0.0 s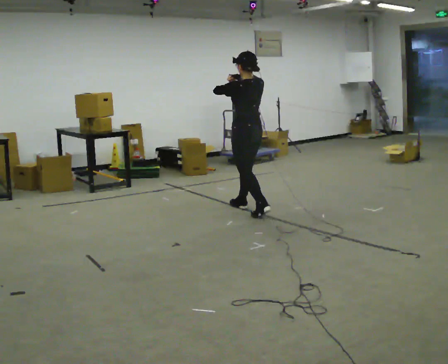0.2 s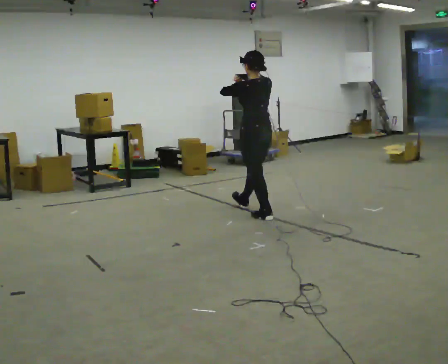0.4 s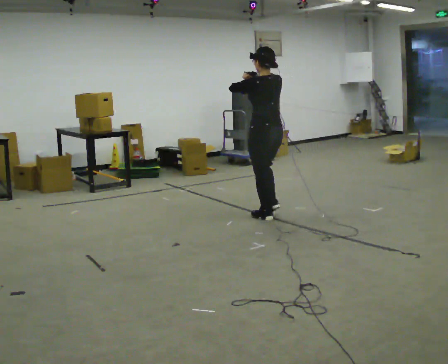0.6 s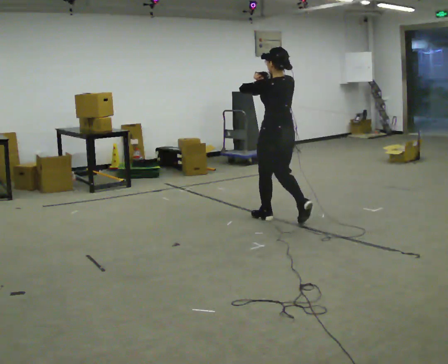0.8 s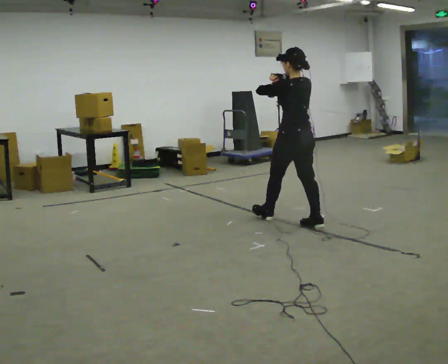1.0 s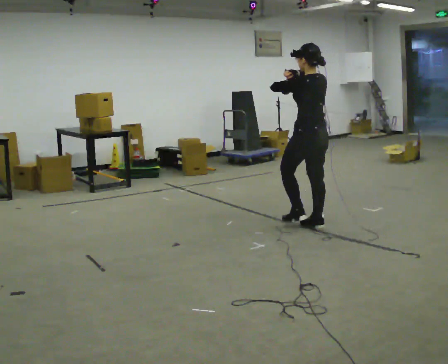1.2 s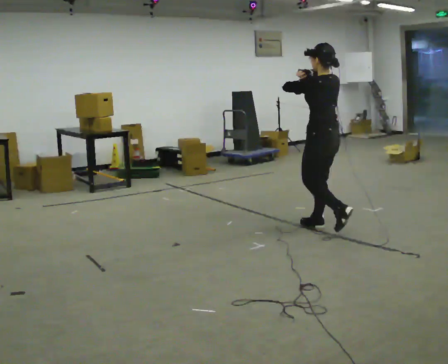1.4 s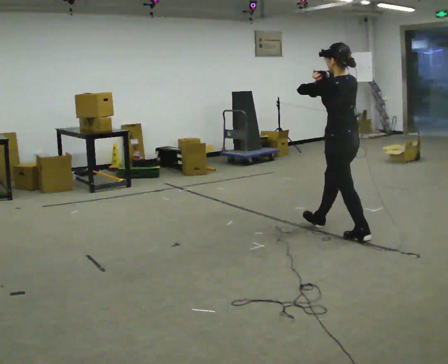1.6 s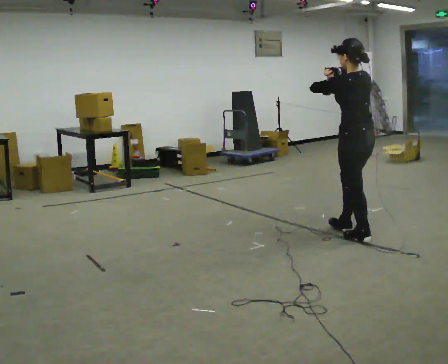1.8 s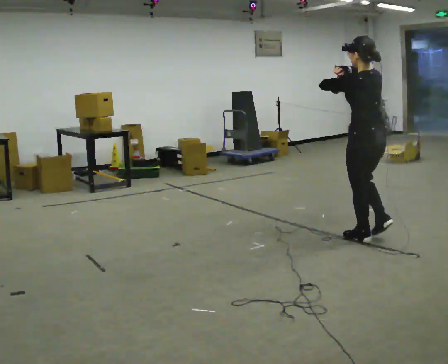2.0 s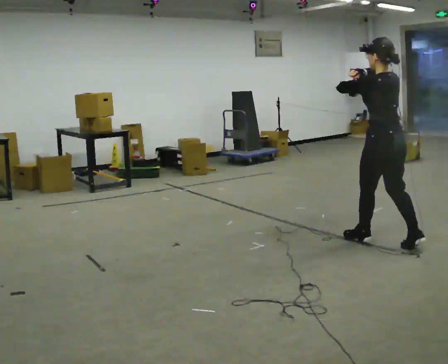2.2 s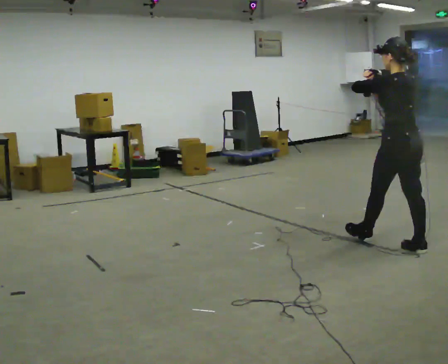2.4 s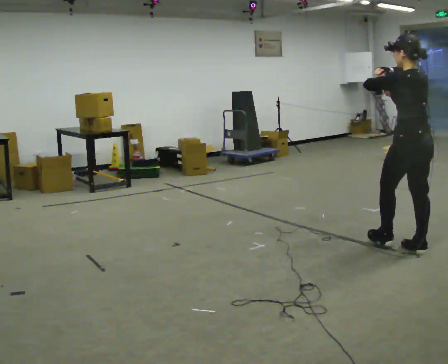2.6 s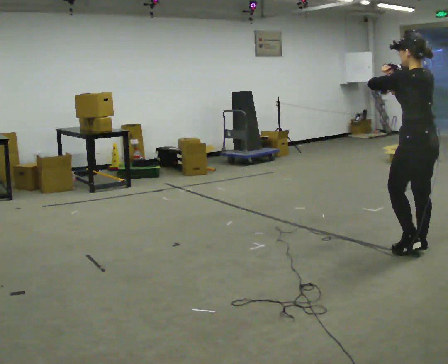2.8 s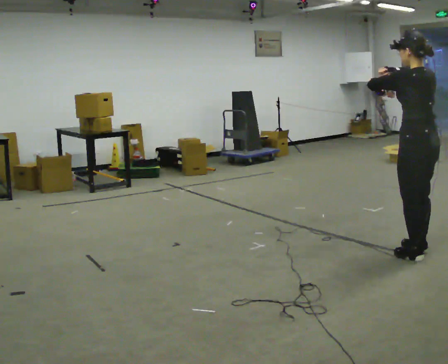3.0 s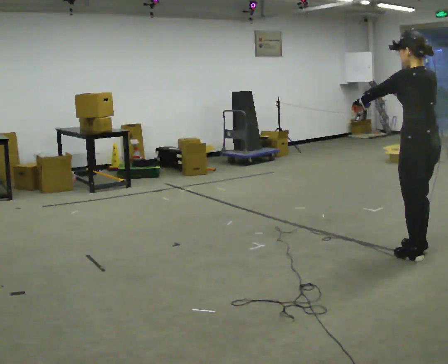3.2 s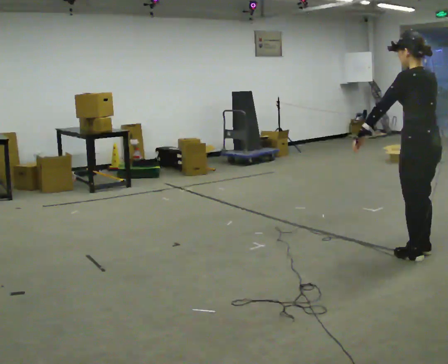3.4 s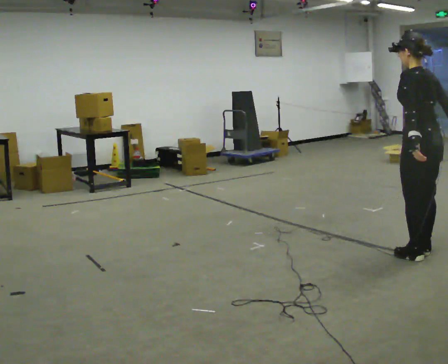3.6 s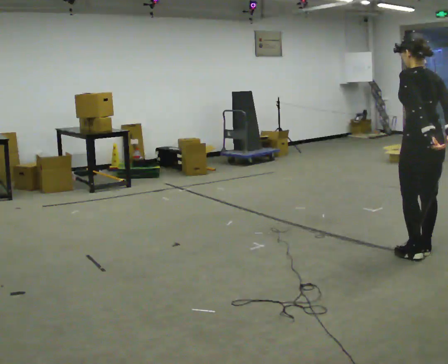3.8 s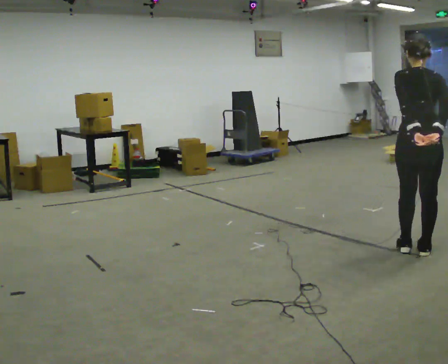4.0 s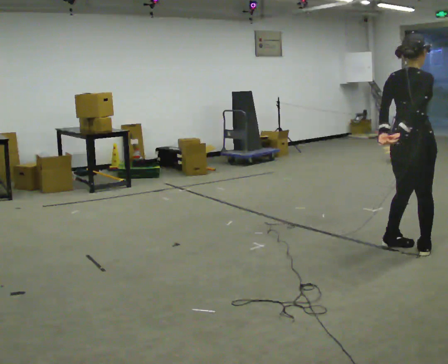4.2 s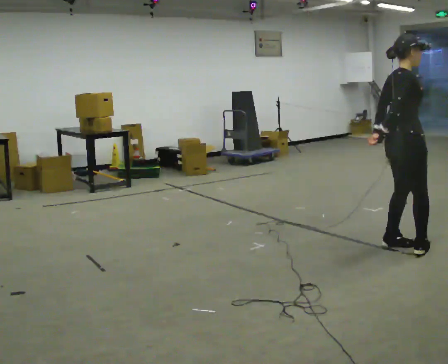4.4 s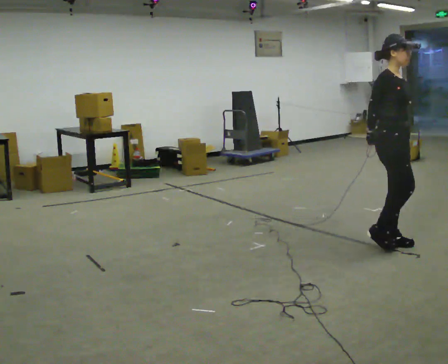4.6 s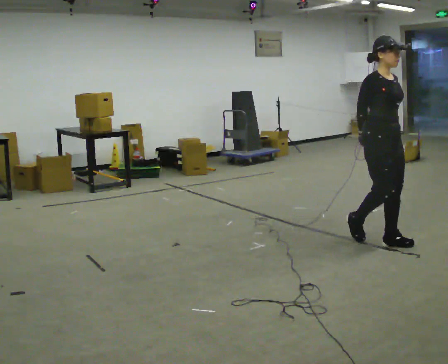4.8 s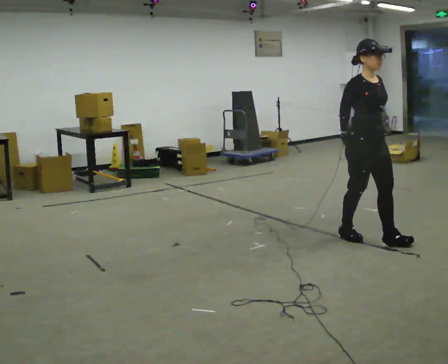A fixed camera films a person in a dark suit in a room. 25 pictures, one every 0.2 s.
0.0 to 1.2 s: In the picture they go to the right and toward the camera, about 1 m in 2 steps, which for them is backward.
1.2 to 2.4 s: In the picture they go to the right and toward the camera, about 1 m in 2 steps, which for them is backward.
2.4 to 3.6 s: In the picture their right hand goes to the right and downward.
3.6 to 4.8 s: The person turns about 165 degrees to their right, clockwise seen from above, so the part of the body nearest the lens slides to the left. In the picture they go to the left and away from the camera, about 0.5 m in 2 steps.
The film runs backward here.
